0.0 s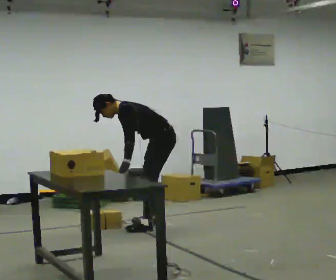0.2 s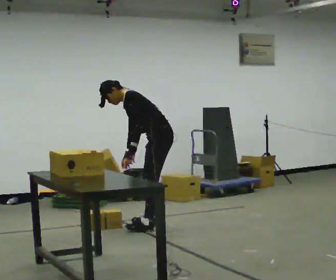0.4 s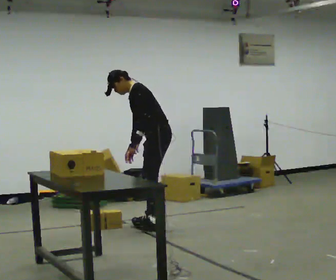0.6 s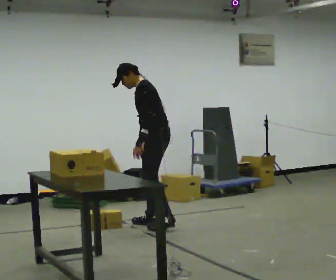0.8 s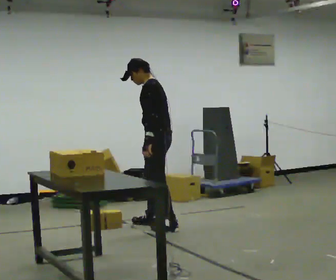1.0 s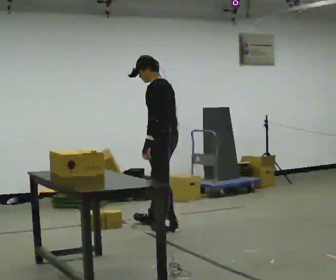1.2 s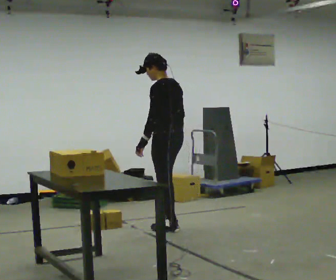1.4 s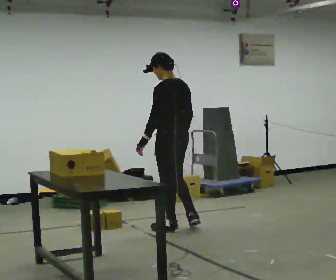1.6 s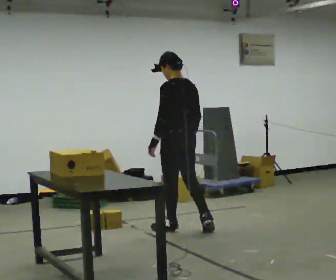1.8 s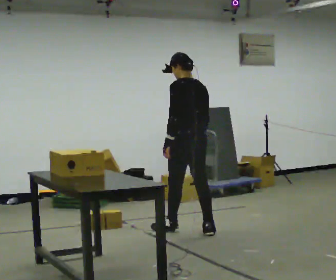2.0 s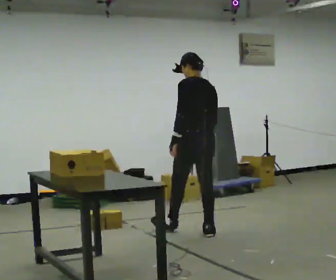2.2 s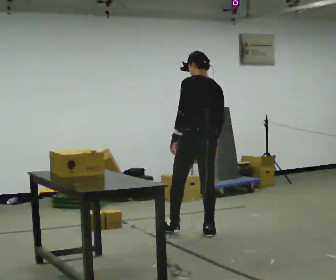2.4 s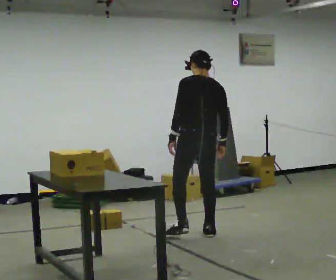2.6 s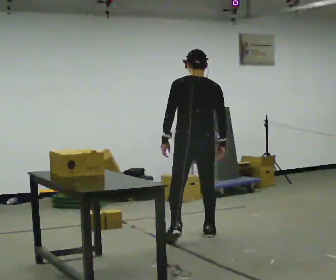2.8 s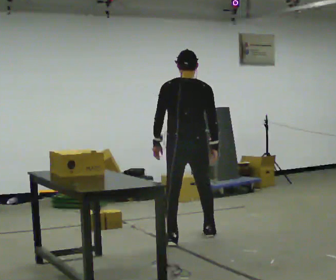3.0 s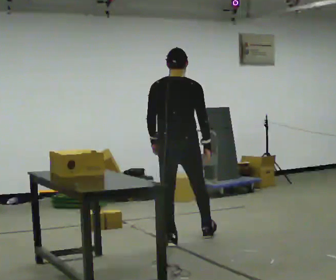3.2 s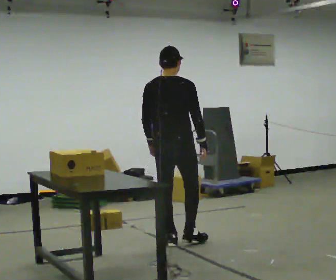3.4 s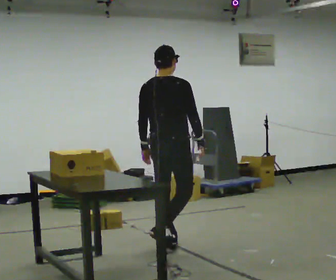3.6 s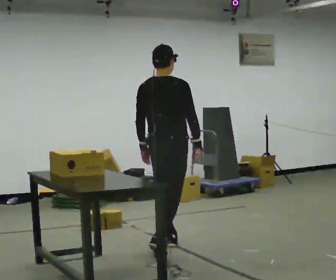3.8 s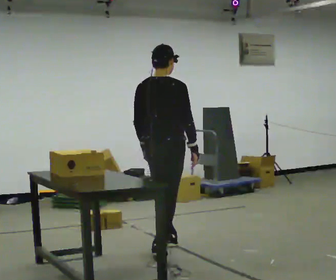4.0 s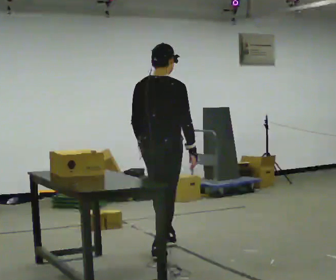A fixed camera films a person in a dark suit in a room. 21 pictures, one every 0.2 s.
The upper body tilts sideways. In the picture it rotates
clockwise.
The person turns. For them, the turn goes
to their right.
0.0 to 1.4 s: Seen from above the body turns clockwise, about 30 degrees: to their right, with its near side sliding to the left. In the picture they go toward the camera, about 0.25 m in 2 steps, which for them is to their left. The shoulders move upward. In the picture the upper body tilts clockwise, shoulders to the right, as they lean back or straighten.
1.4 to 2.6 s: Seen from above the body turns clockwise, about 45 degrees: to their right, with its near side sliding to the left. In the picture they go toward the camera and to the right, about 0.25 m in 1 step, which for them is backward.
2.6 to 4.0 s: Seen from above the body turns clockwise, about 30 degrees: to their right, with its near side sliding to the left. In the picture they go toward the camera, about 0.75 m in 1 step, which for them is backward.
The film runs backward here.
